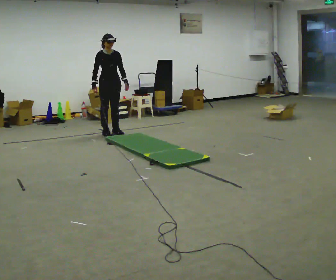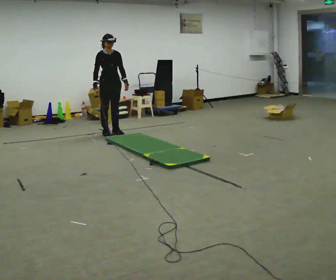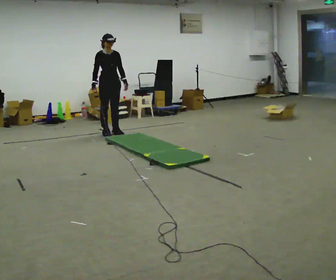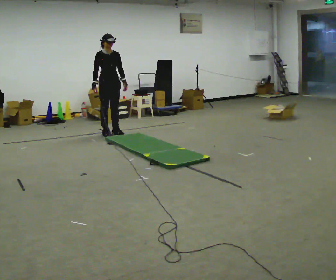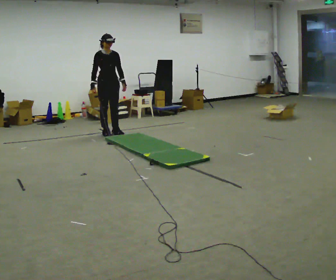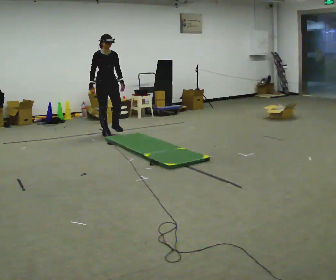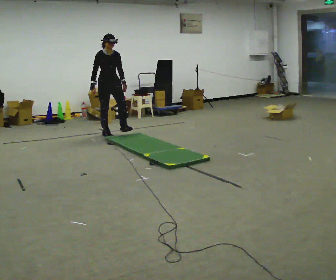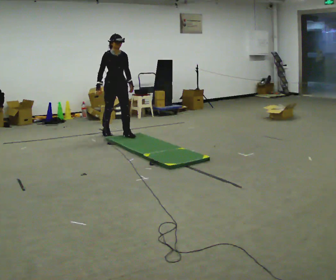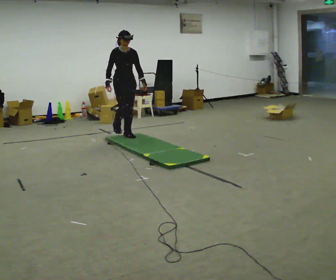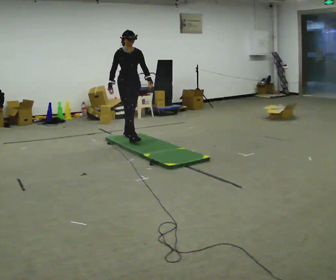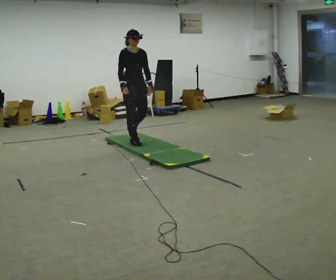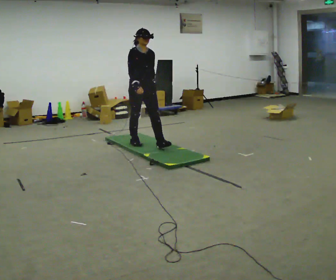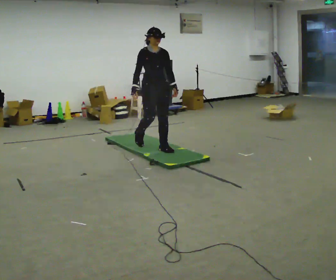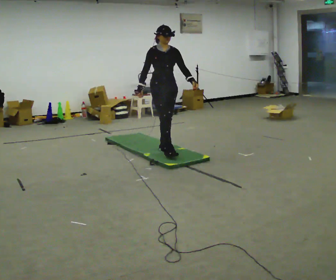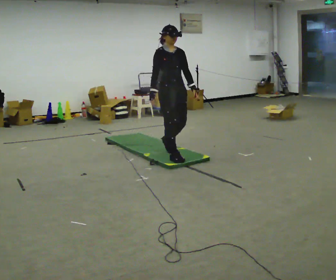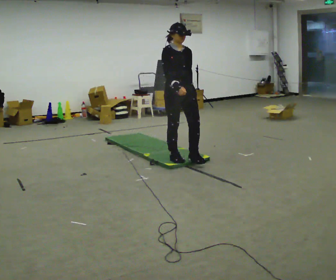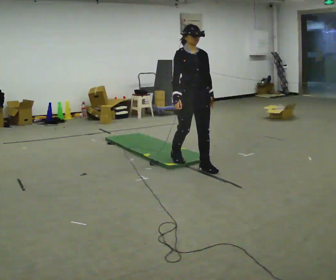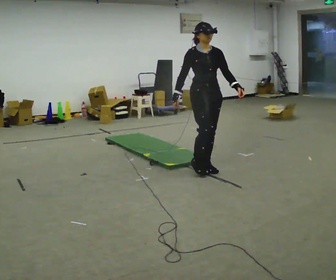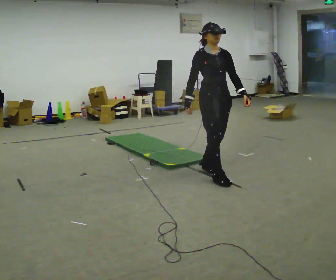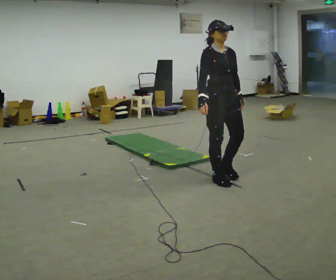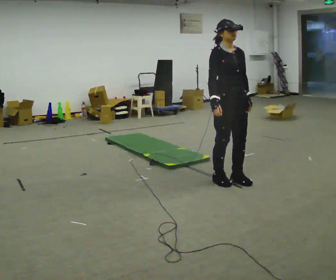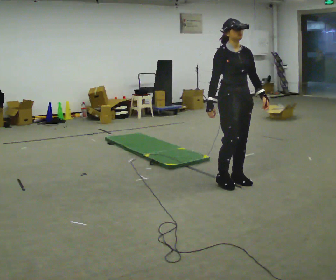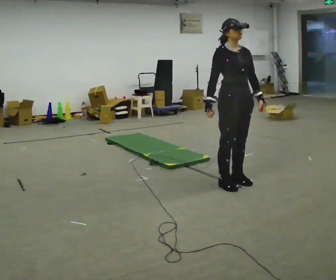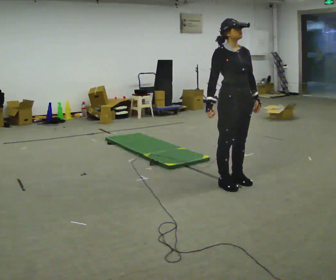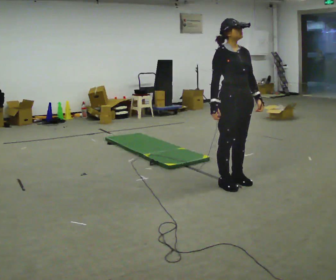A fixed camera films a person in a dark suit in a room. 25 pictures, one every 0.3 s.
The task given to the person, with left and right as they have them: Walk across the soft uneven mat at a comfortable speed; continue walking normally after you leave it.
0.0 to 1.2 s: The person moves a little, or ends about where they began.
1.2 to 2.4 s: In the picture they go toward the camera and to the right, about 0.5 m in 1 step, which for them is forward.
2.4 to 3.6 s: In the picture they go toward the camera and to the right, about 1 m in 2 steps, which for them is forward.
3.6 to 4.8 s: In the picture they go toward the camera and to the right, about 1 m in 2 steps, which for them is forward.
4.8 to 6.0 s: In the picture they go toward the camera and to the right, about 0.5 m in 2 steps, which for them is forward.
6.0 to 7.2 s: The person moves a little, or ends about where they began.
The film runs forward here.
